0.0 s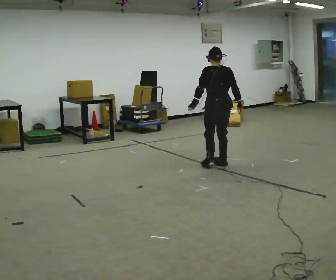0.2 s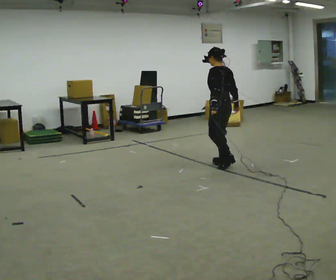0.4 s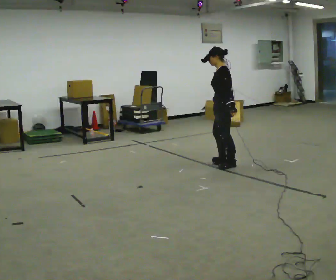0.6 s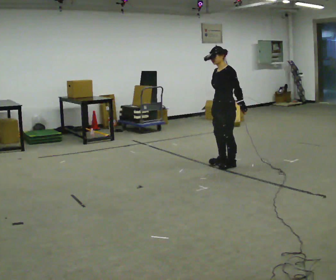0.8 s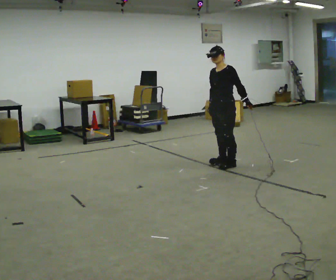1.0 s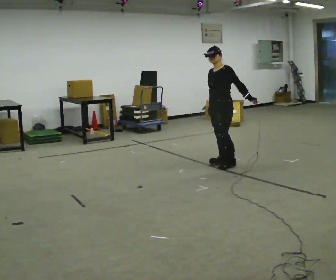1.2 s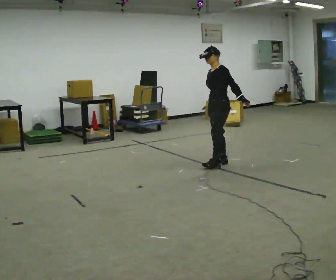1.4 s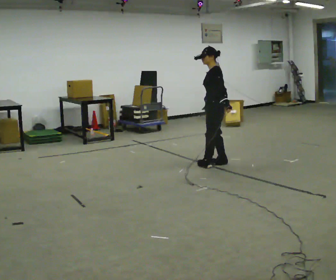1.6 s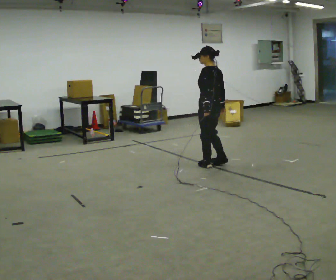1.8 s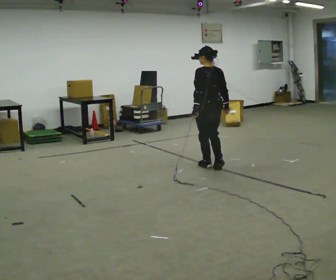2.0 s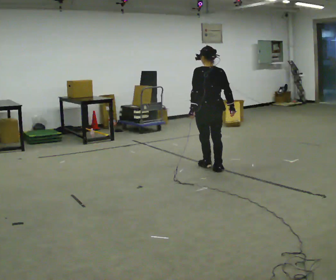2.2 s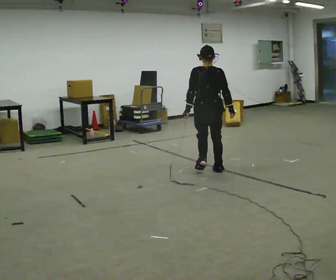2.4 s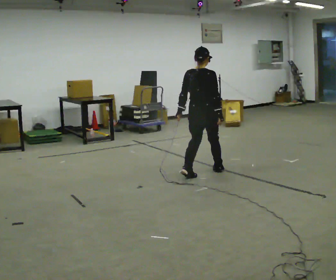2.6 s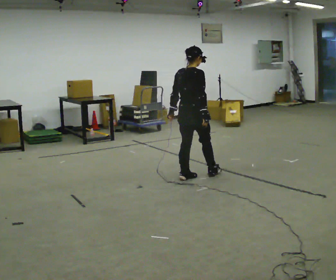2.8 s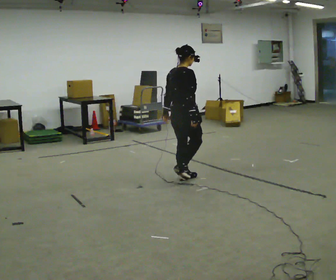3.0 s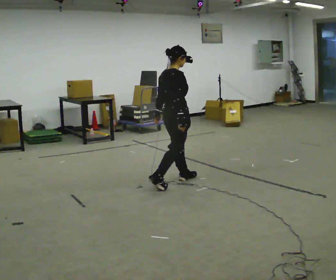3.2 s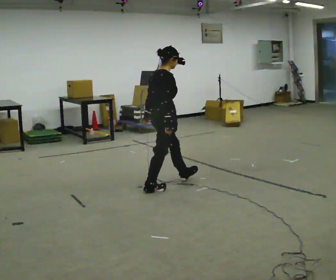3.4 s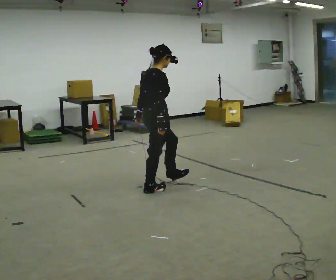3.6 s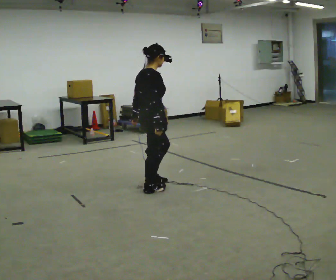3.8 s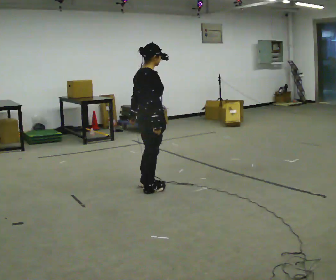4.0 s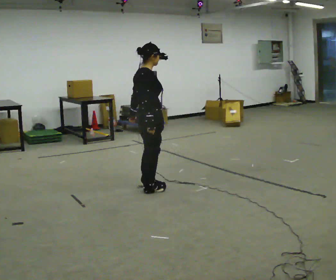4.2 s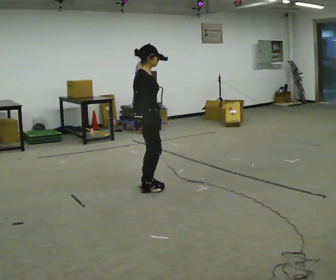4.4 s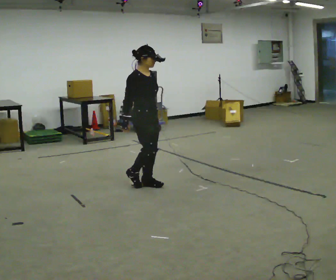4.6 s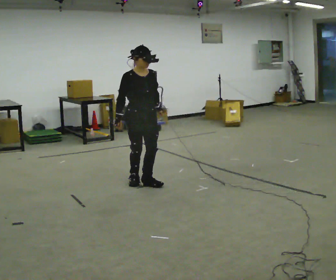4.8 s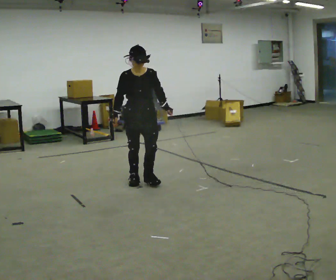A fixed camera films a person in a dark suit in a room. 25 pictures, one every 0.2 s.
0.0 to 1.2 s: The person turns about 90 degrees to their left, counterclockwise seen from above, so the part of the body nearest the lens slides to the right. In the picture their left hand goes to the right, the arm swinging counterclockwise.
1.2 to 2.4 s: The person turns about 135 degrees to their right, clockwise seen from above, so the part of the body nearest the lens slides to the left. In the picture they go toward the camera and to the left, about 0.5 m in 2 steps.
2.4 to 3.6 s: Seen from above the body turns clockwise, about 45 degrees: to their right, with its near side sliding to the left. In the picture they go toward the camera and to the left, about 1 m in 2 steps, which for them is backward.
3.6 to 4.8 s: The person turns about 105 degrees to their right, clockwise seen from above, so the part of the body nearest the lens slides to the left. In the picture they go away from the camera and to the left, about 0.25 m in 2 steps.
The film runs backward here.
